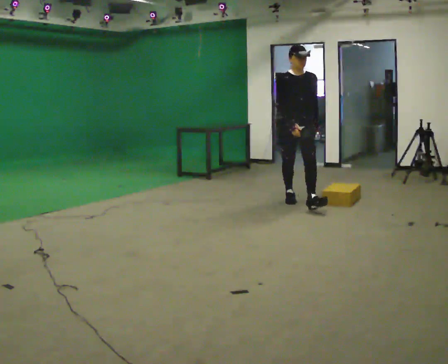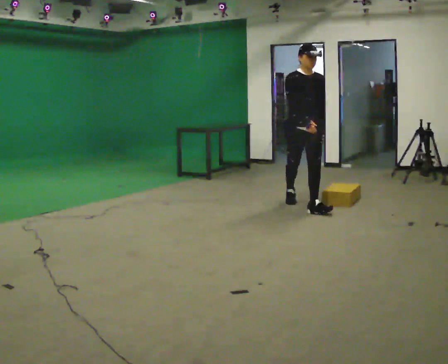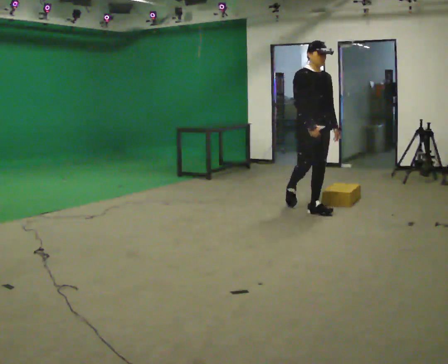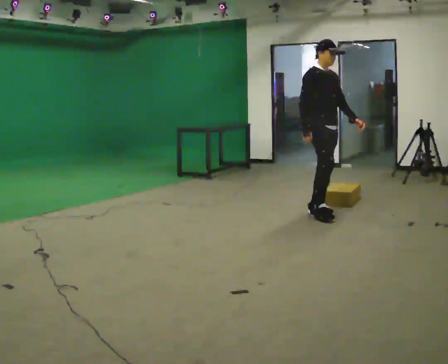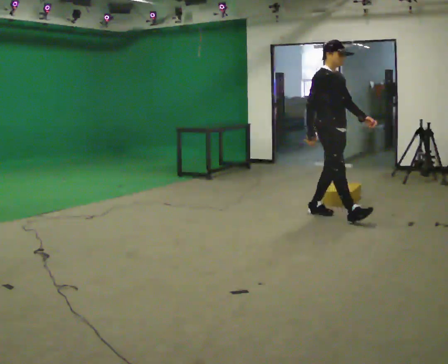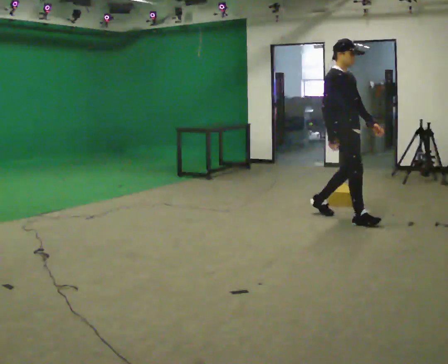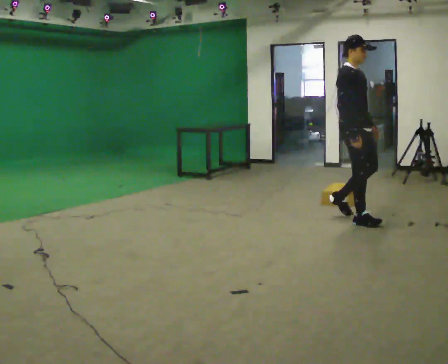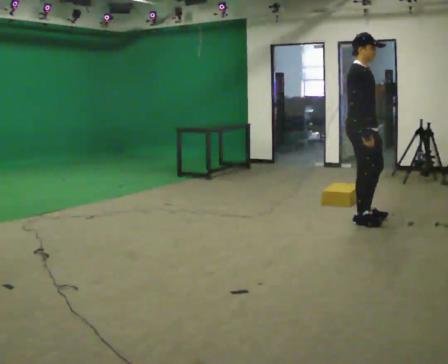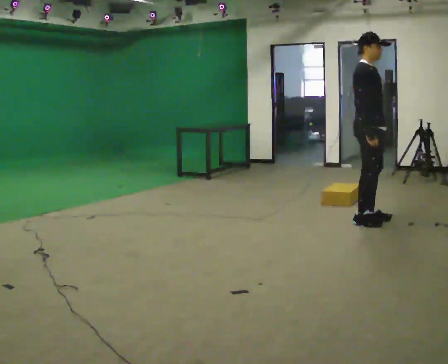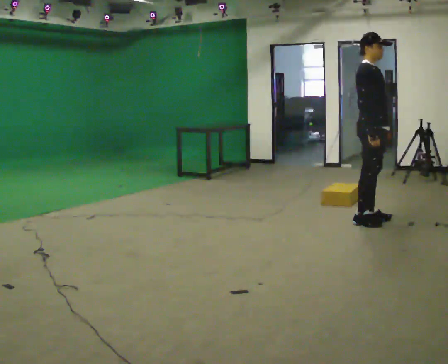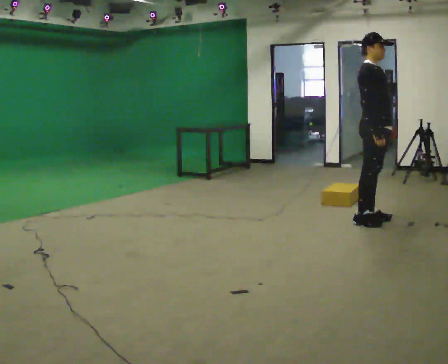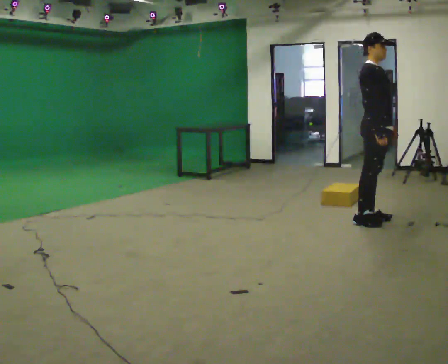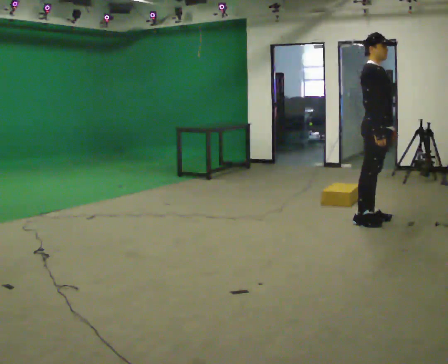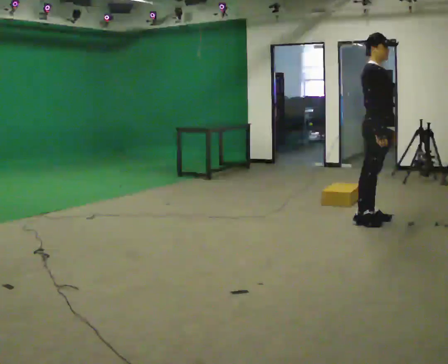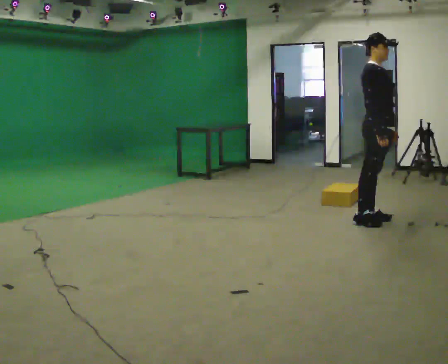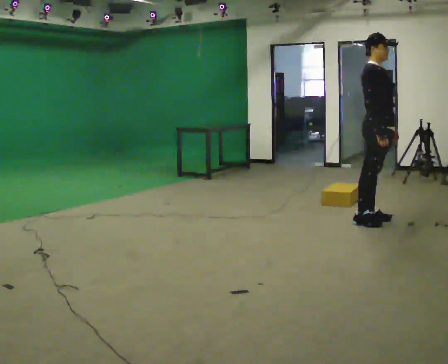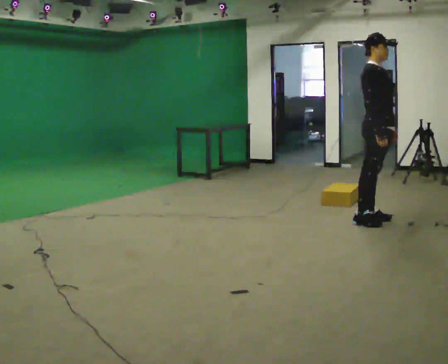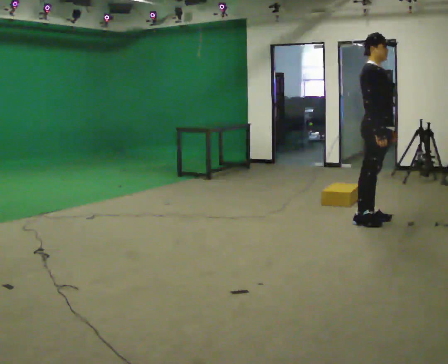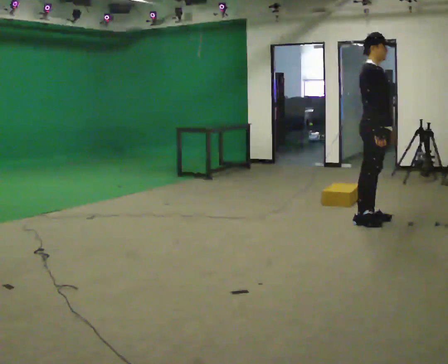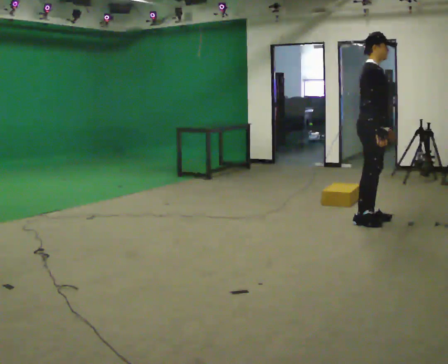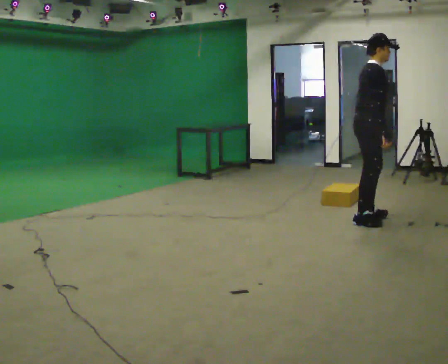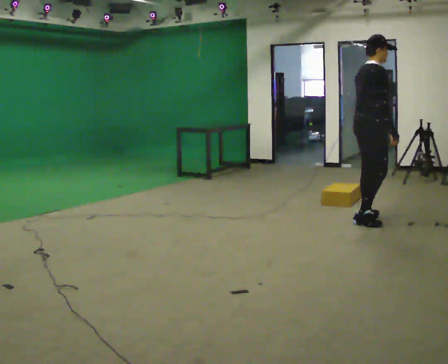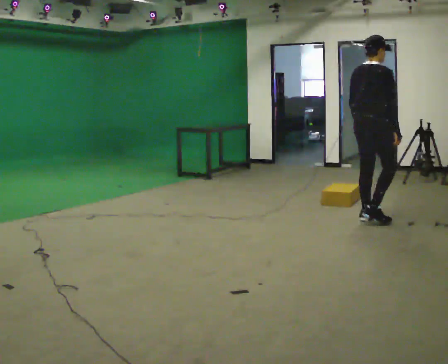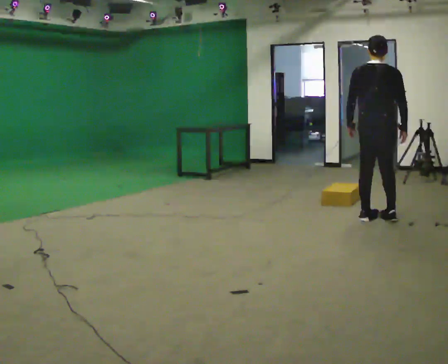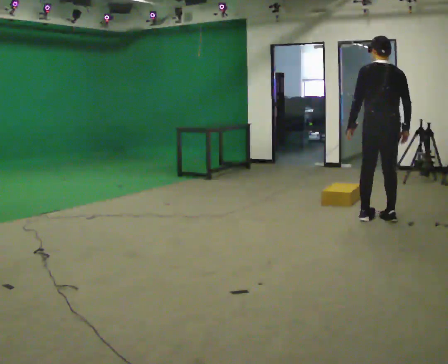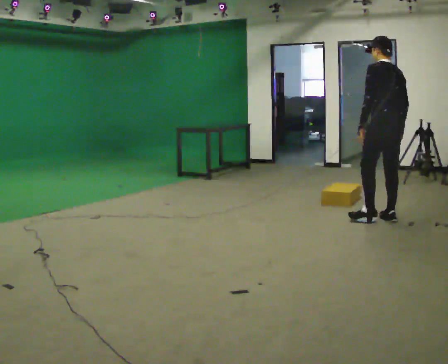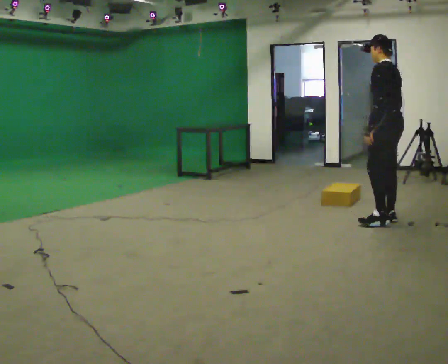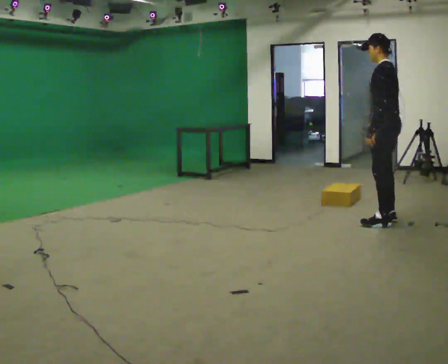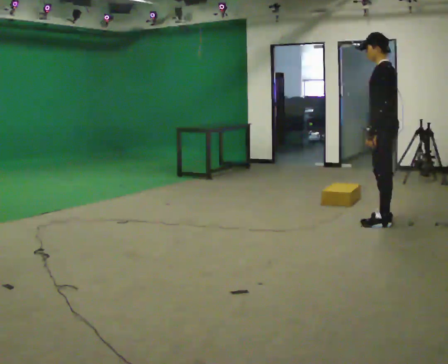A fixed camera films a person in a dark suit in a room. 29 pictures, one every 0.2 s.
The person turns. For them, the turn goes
to their left.
The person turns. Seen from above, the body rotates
counterclockwise.
0.0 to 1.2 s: The part of the body nearest the lens slides to the right as the person turns to their left by about 45 degrees. In the picture they go to the right and toward the camera, about 1 m in 2 steps, which for them is forward.
1.2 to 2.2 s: In the picture they go to the right, about 0.25 m in 1 step, which for them is forward.
2.2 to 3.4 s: The person keeps their place and pose.
3.4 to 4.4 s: The part of the body nearest the lens slides to the right as the person turns to their left by about 75 degrees.
4.4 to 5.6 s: Seen from above the body turns counterclockwise, about 120 degrees: to their left, with its near side sliding to the right.
The film runs forward here.
